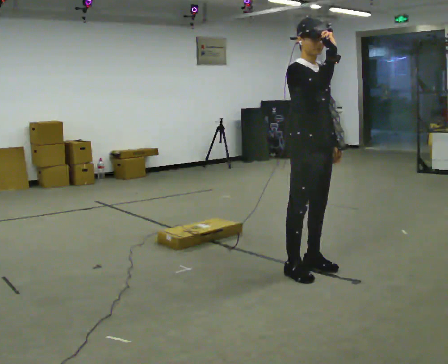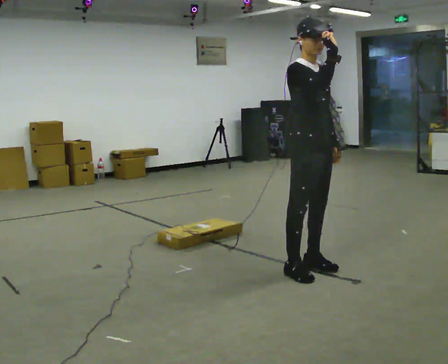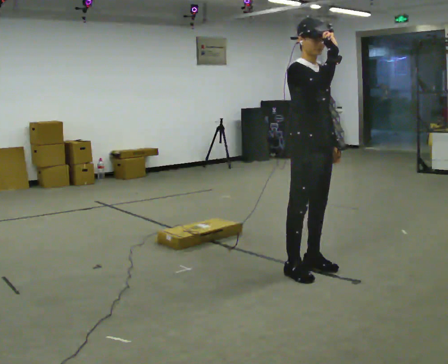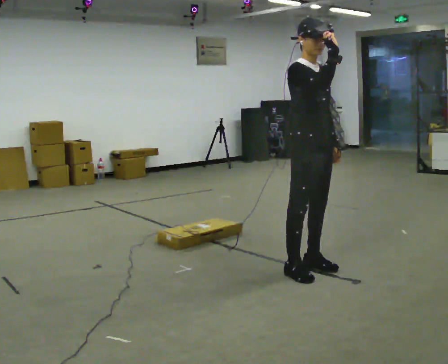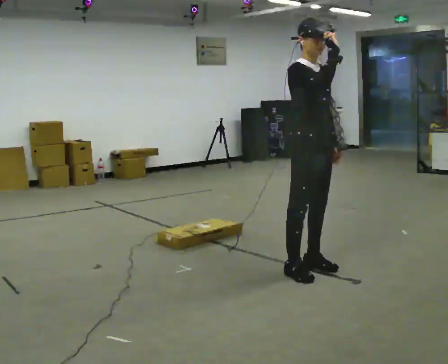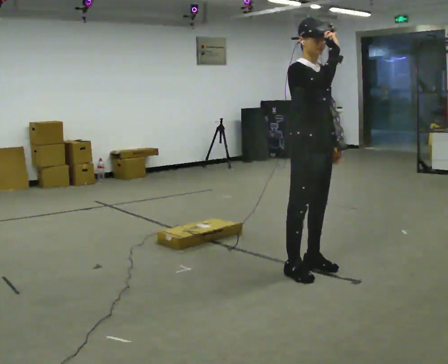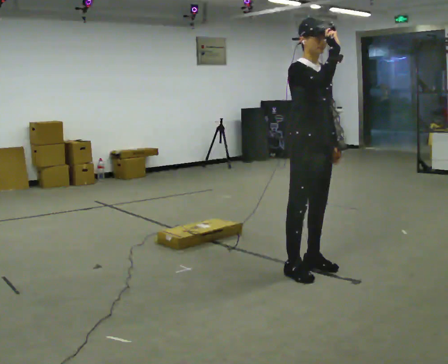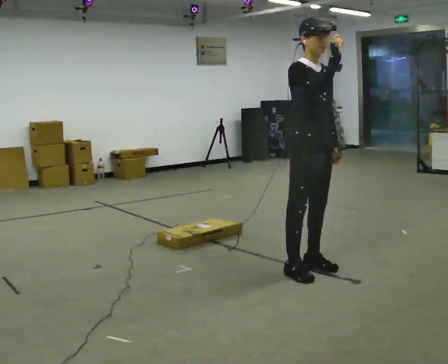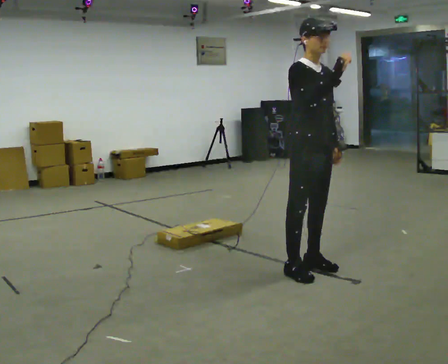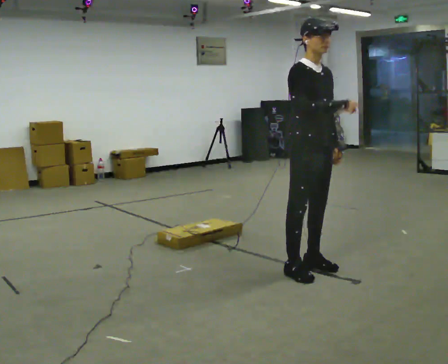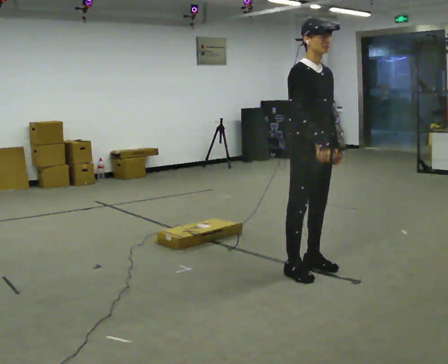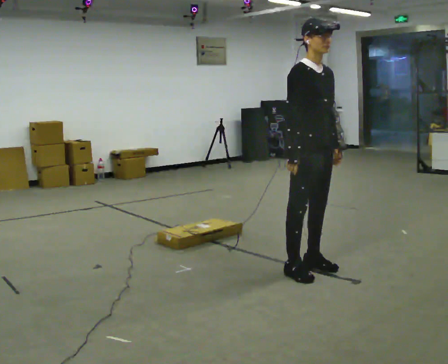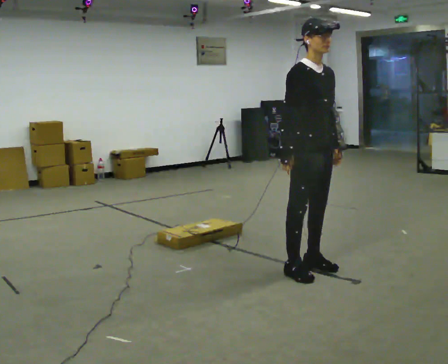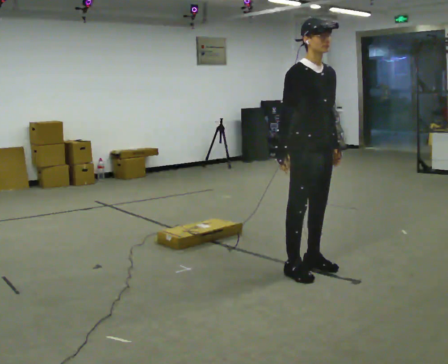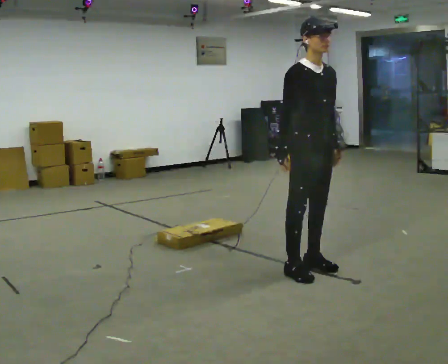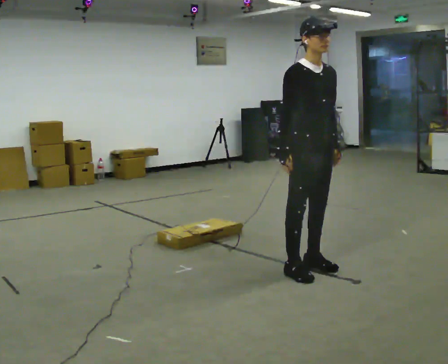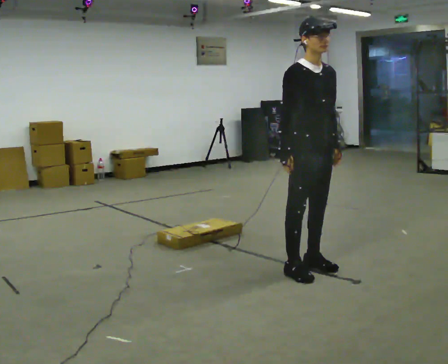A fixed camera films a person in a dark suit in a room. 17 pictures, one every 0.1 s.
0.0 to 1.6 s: In the picture their right hand goes downward and to the left.
The film runs forward here.
